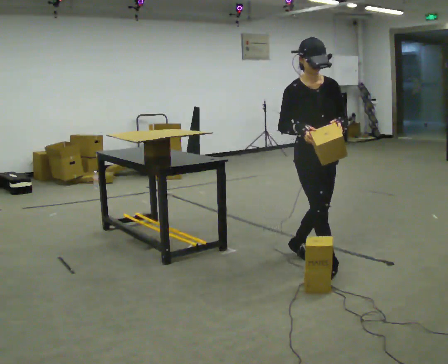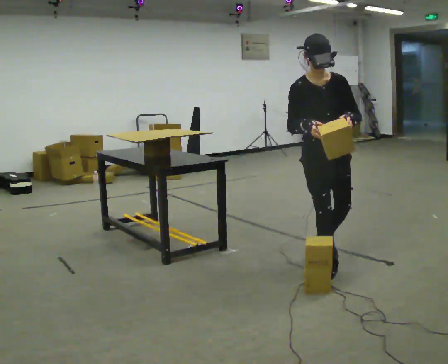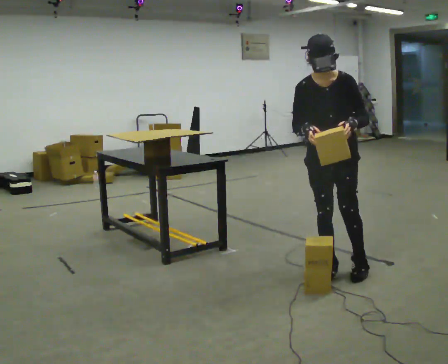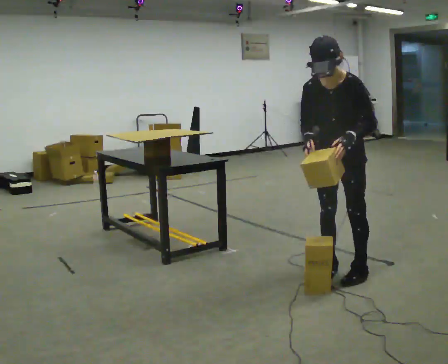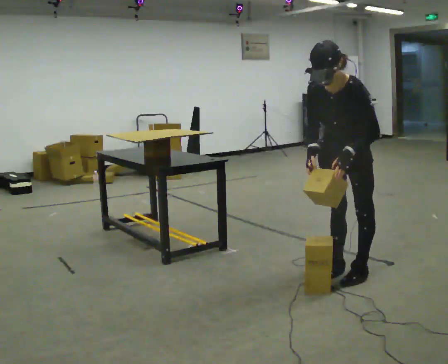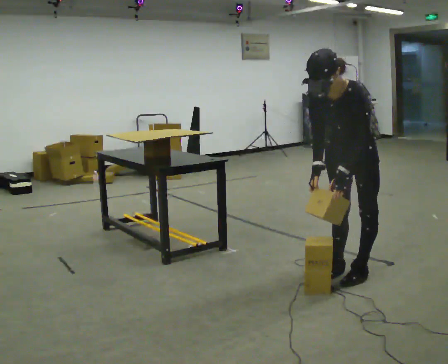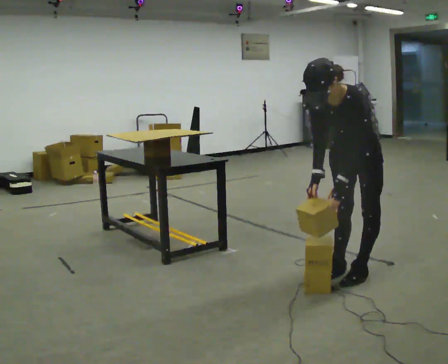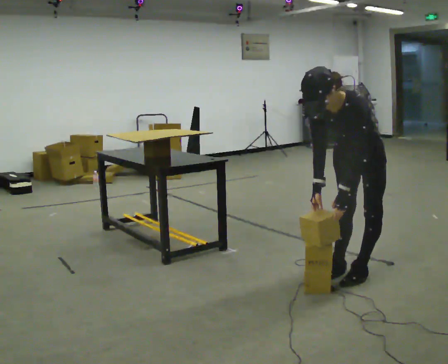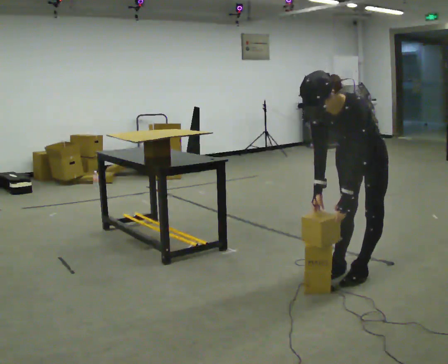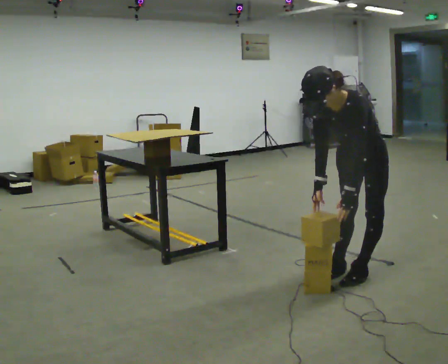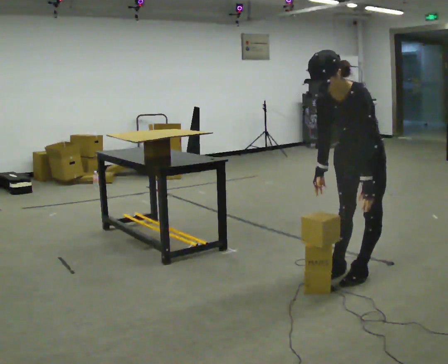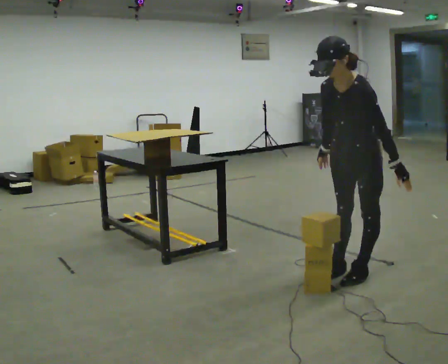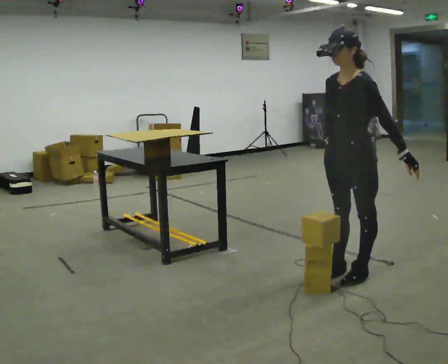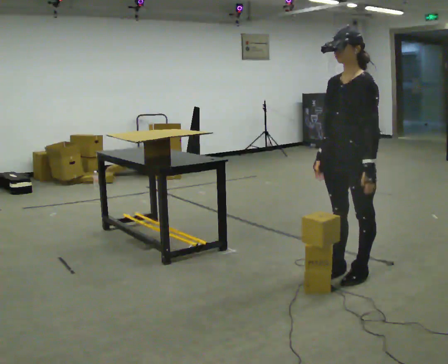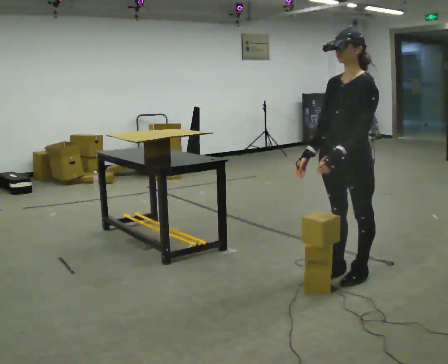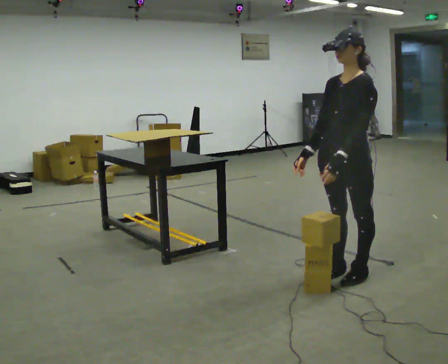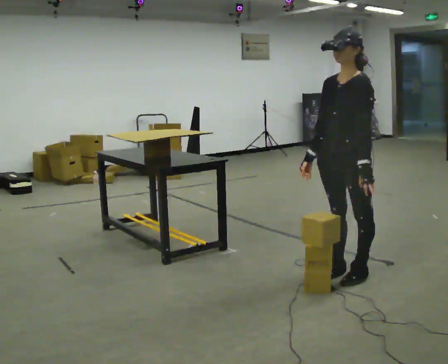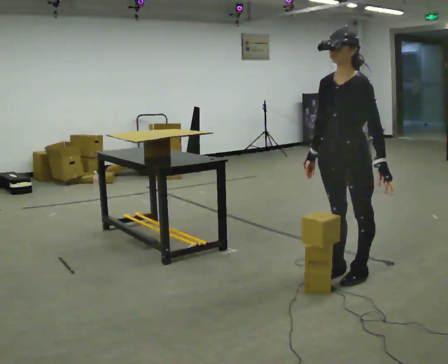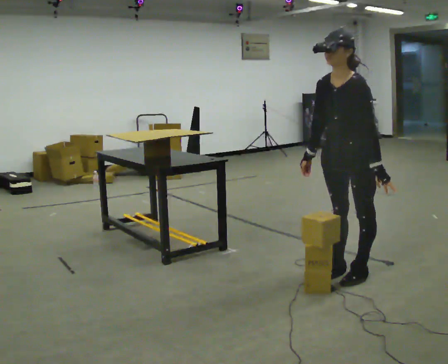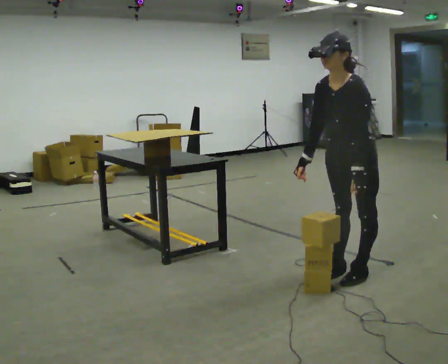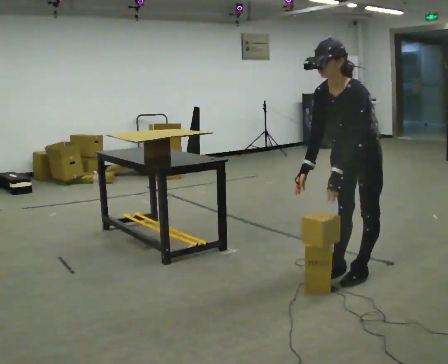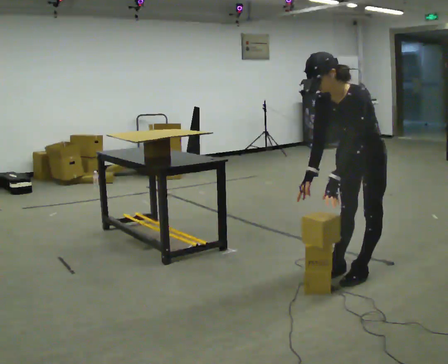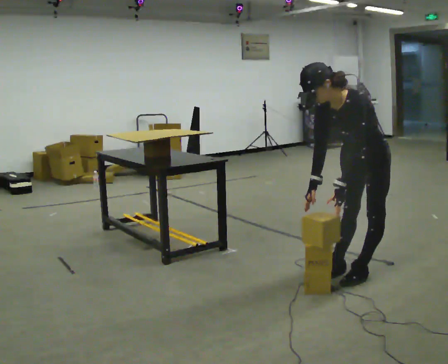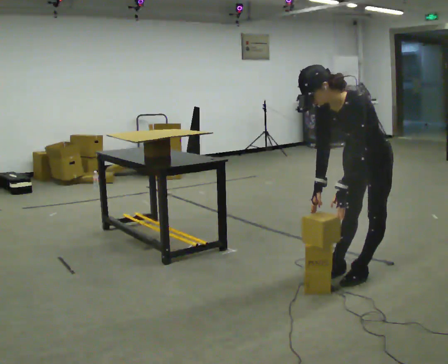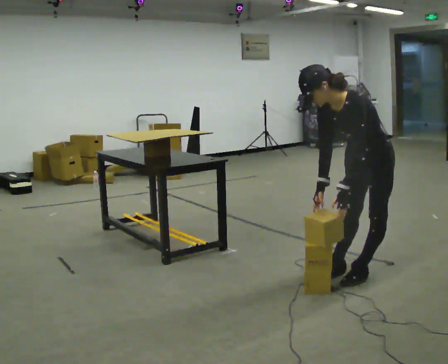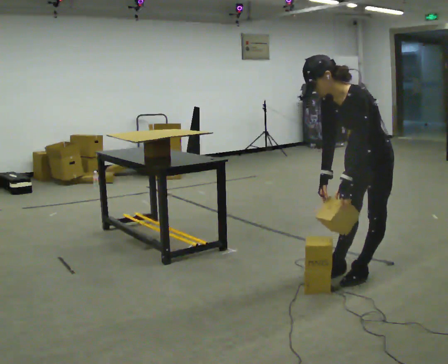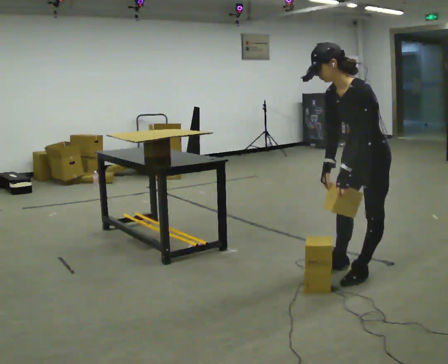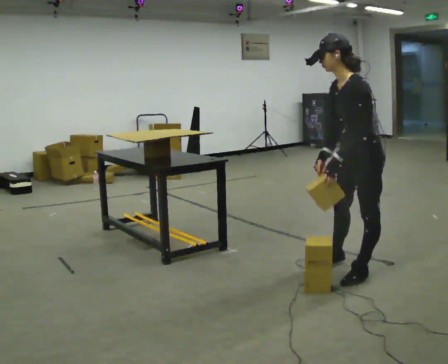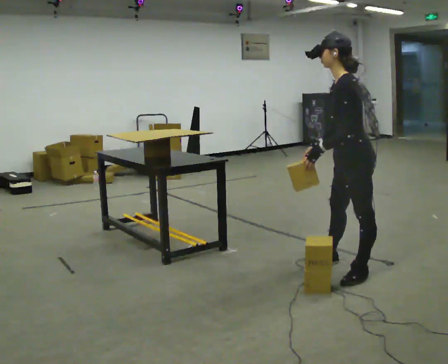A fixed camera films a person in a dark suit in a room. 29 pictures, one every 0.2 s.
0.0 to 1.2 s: The part of the body nearest the lens slides to the left as the person turns to their right by about 75 degrees. In the picture they go to the right and toward the camera, about 0.5 m in 1 step. The upper body tips toward the camera, its near side rolling downward, as they bend forward.
1.2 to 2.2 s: In the picture their left hand goes to the right.
2.2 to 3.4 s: The person moves a little, or ends about where they began.
3.4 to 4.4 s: In the picture the upper body tilts counterclockwise, shoulders to the left, as they bend forward.
4.4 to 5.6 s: The part of the body nearest the lens slides to the left as the person turns to their right by about 45 degrees. The upper body tips away from the camera, its near side rolling upward, as they lean back or straighten.
The film runs forward here.
